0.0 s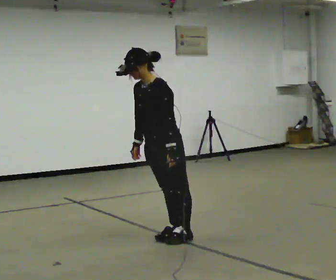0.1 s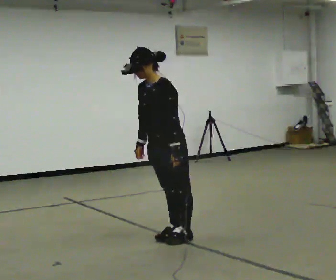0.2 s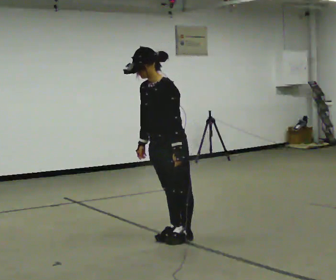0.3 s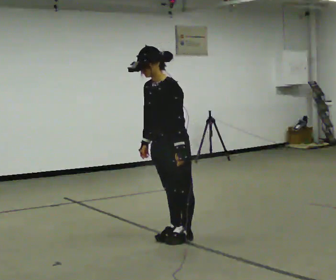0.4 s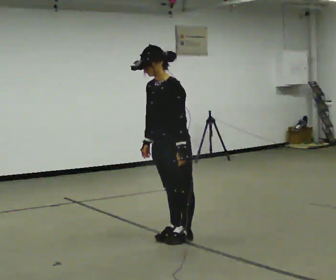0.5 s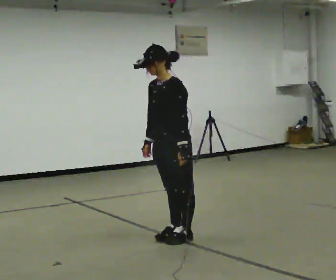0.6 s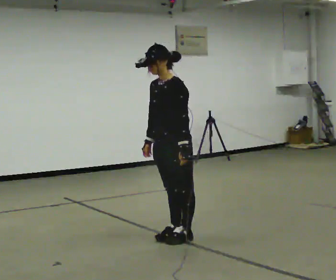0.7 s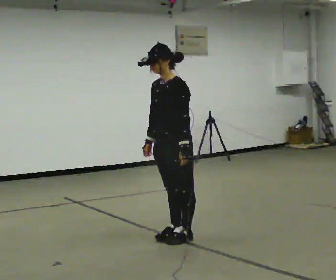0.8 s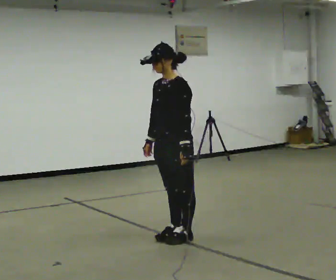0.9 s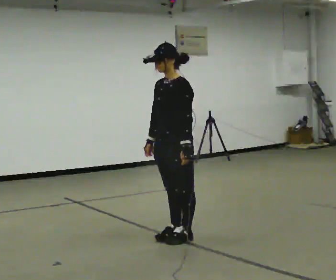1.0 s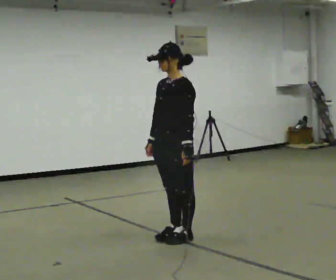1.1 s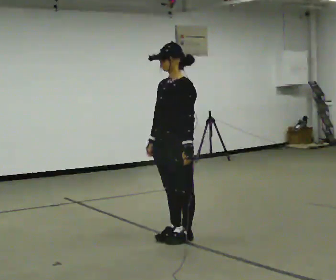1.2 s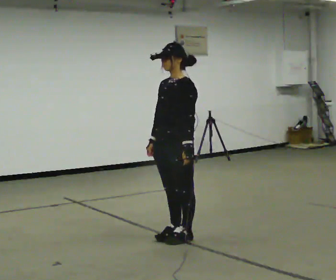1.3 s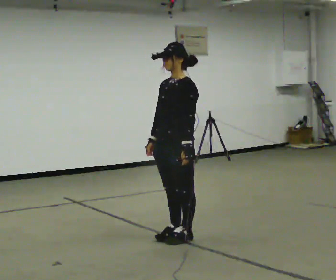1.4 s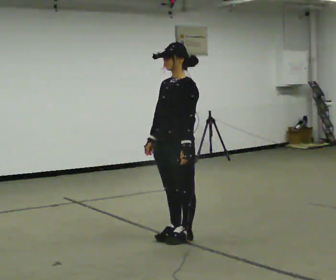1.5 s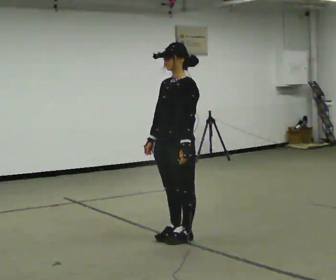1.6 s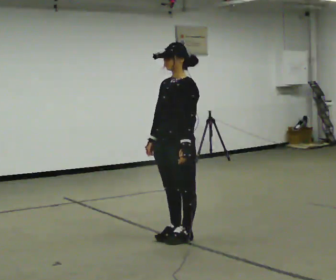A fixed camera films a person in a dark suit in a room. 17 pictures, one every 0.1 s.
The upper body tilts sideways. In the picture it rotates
clockwise.
0.0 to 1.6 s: In the picture the upper body tilts clockwise, shoulders to the right, as they lean back or straighten.
The film runs backward here.
